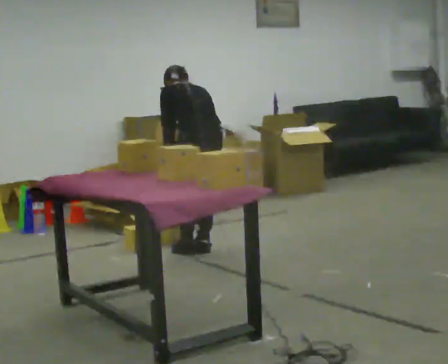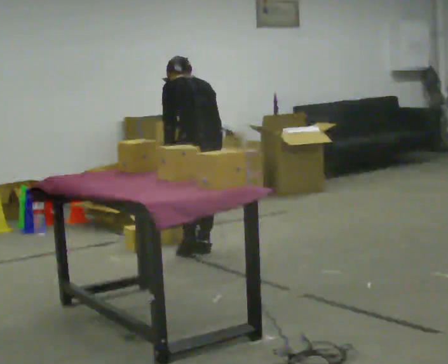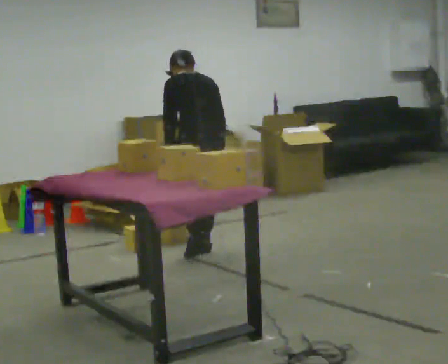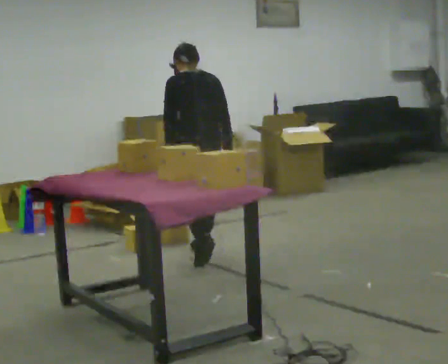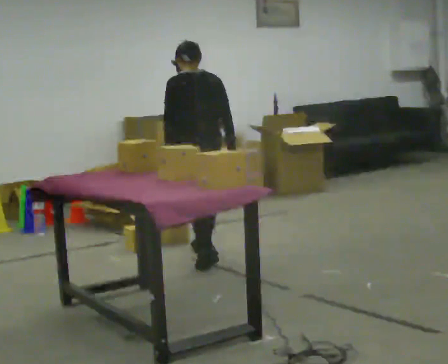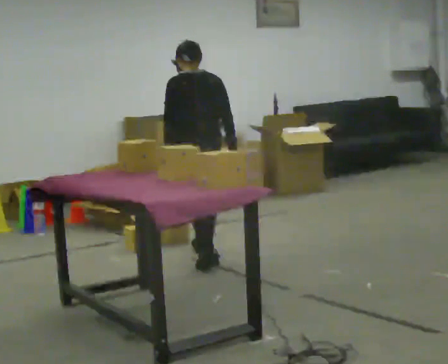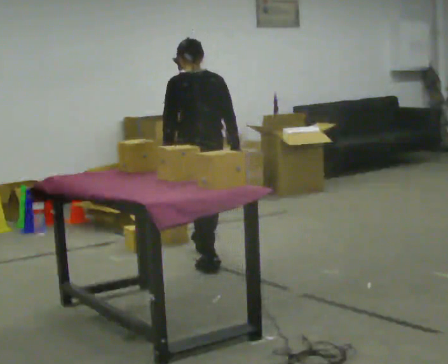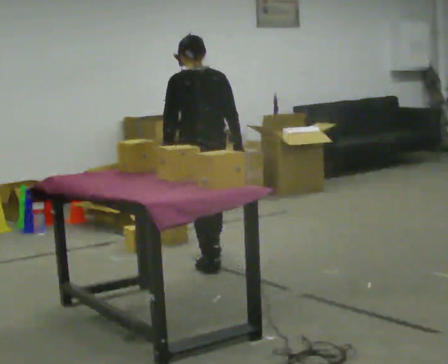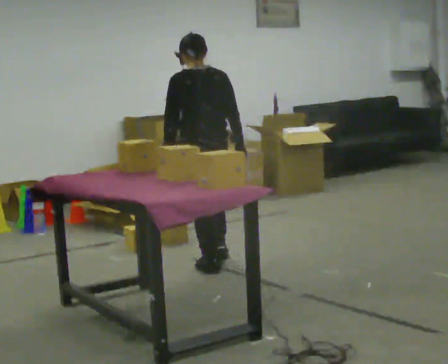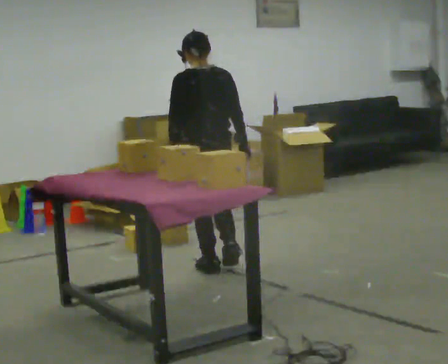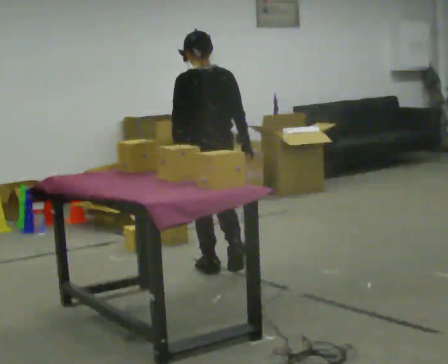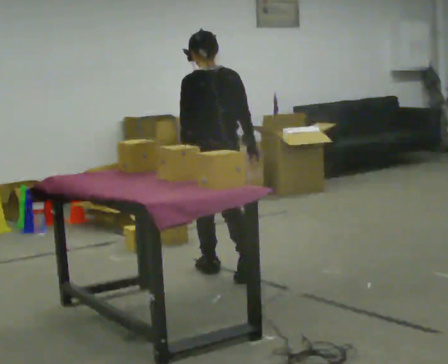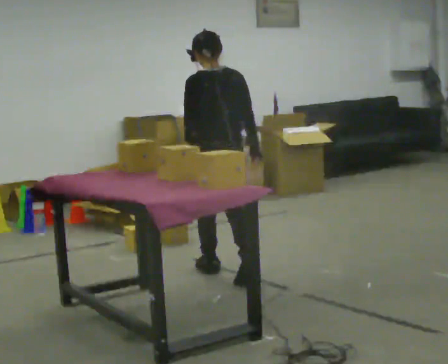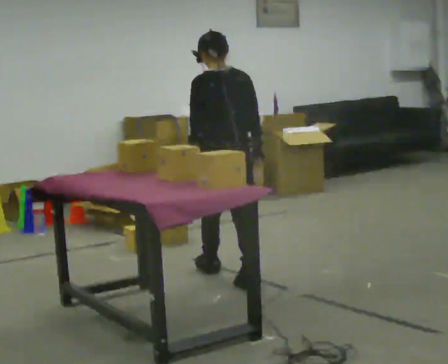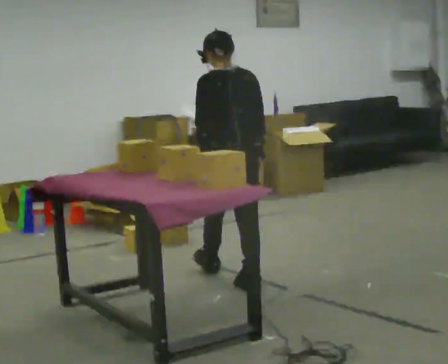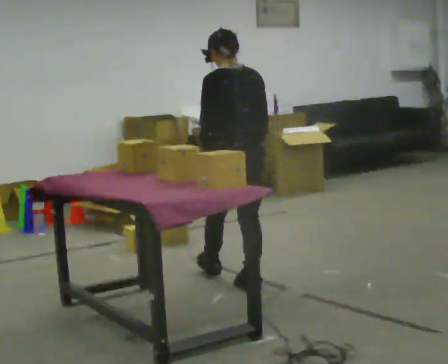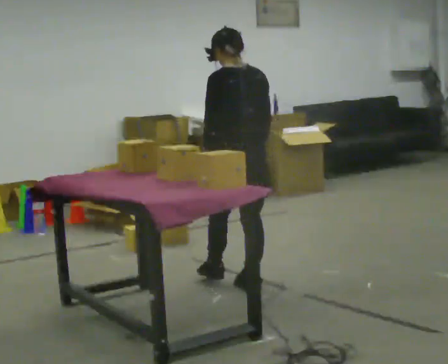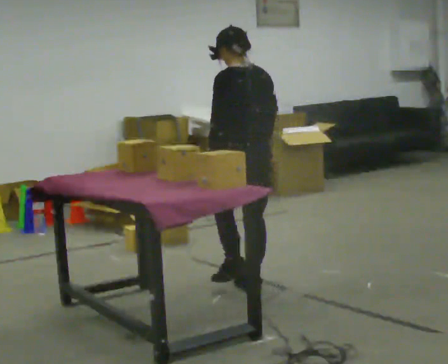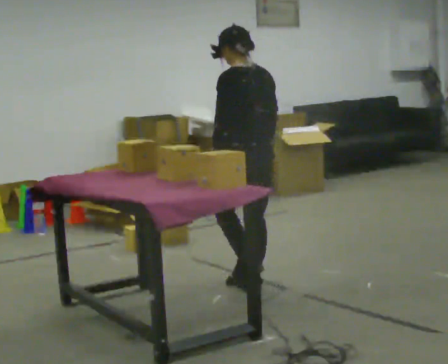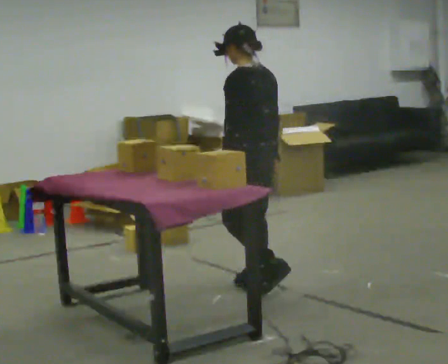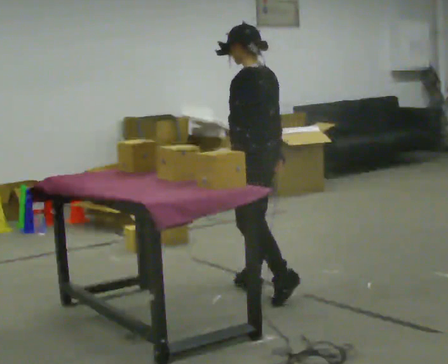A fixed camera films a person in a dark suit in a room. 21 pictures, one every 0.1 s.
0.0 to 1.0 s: In the picture they go toward the camera, about 0.5 m in 1 step, which for them is backward. The upper body tips toward the camera, its near side rolling downward, as they lean back or straighten.
1.0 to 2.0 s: Seen from above the body turns counterclockwise, about 45 degrees: to their left, with its near side sliding to the right. In the picture they go toward the camera and to the right, about 0.5 m in 1 step, which for them is backward.
The film runs backward here.
